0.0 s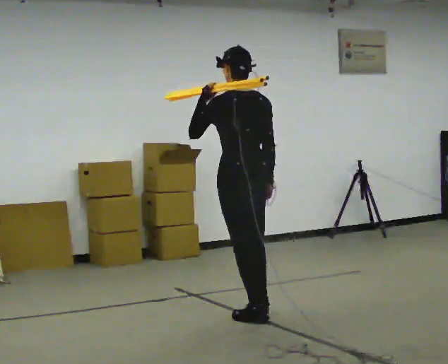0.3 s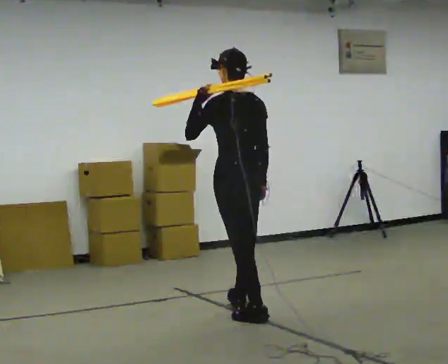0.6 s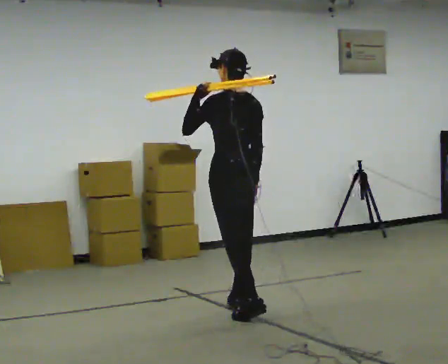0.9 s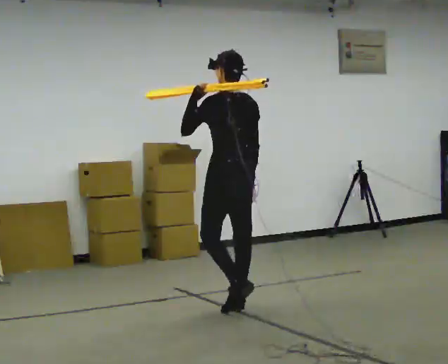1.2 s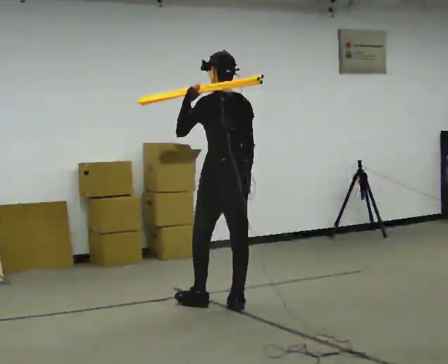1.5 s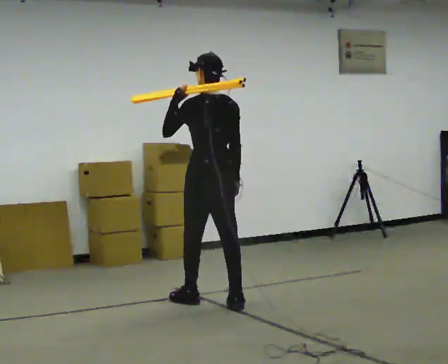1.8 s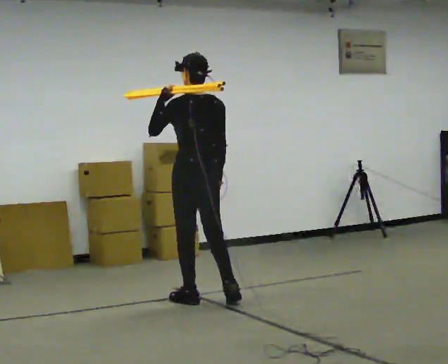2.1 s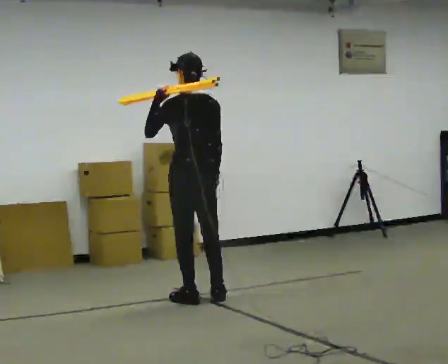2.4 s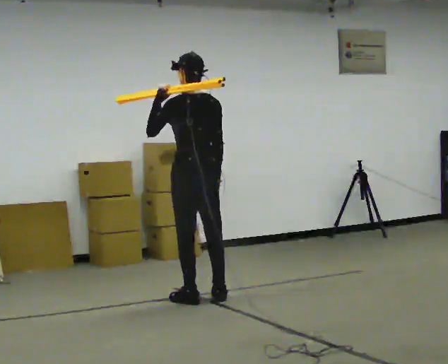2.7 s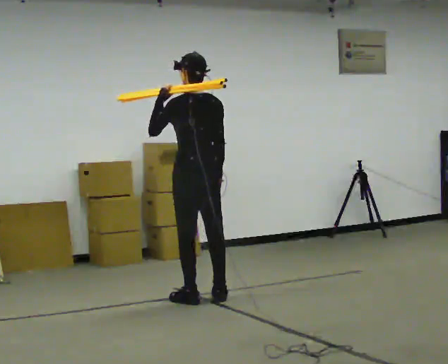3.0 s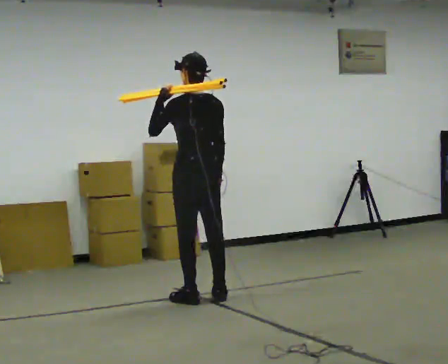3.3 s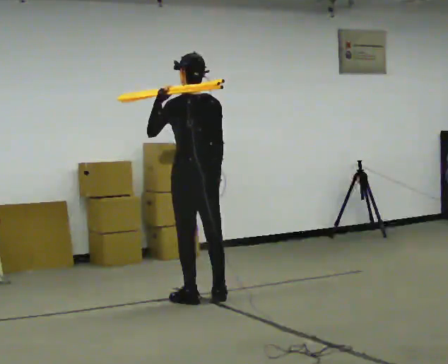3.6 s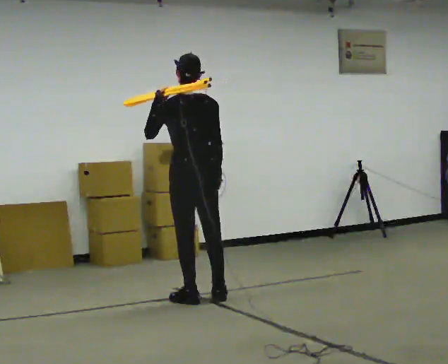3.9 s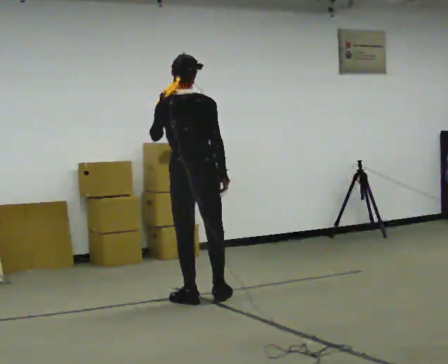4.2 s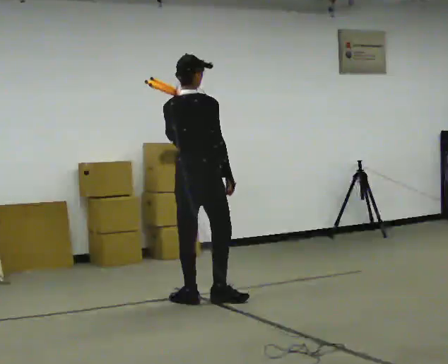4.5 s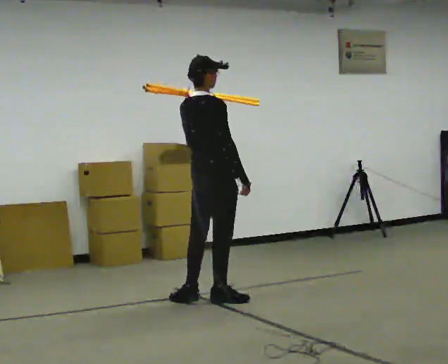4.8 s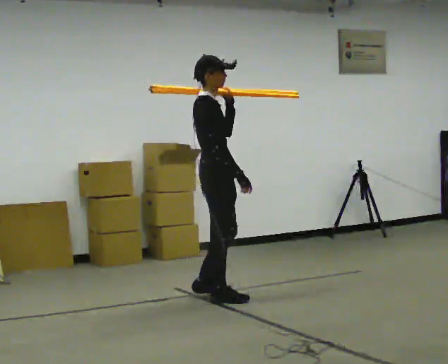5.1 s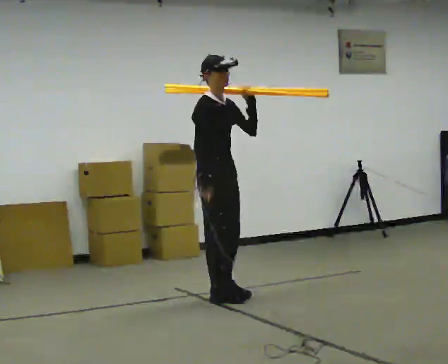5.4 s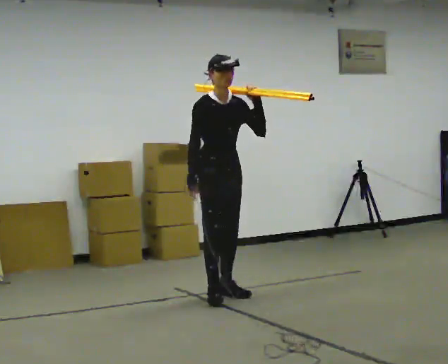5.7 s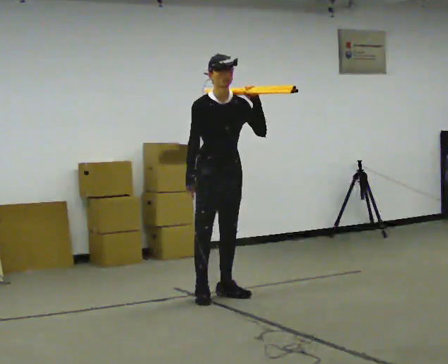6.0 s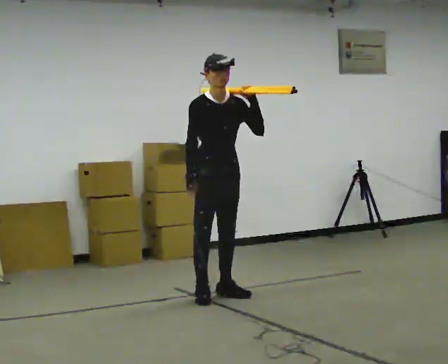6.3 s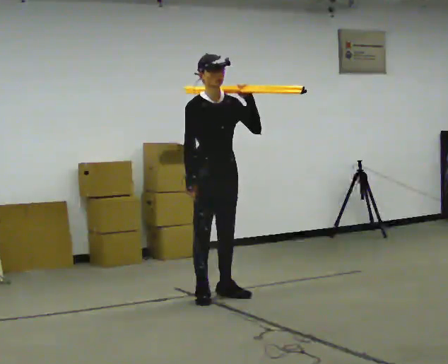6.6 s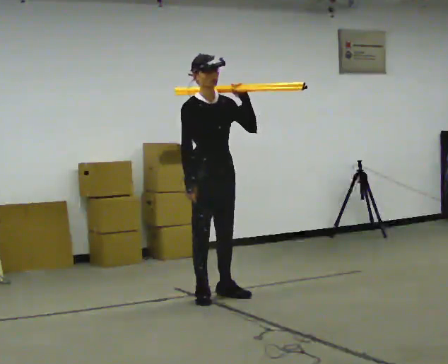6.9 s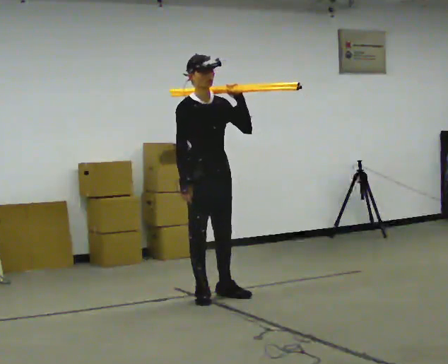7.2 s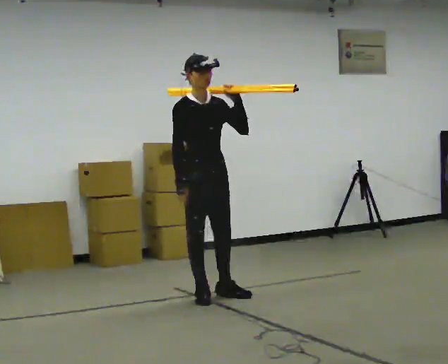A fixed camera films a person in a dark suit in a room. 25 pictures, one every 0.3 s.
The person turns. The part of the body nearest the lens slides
to the left.
The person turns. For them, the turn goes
to their right.
0.0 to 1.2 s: In the picture they go away from the camera, about 0.5 m in 1 step, which for them is forward.
1.2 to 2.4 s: In the picture they go to the left and away from the camera, about 0.25 m in 2 steps, which for them is forward.
2.4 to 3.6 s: The person moves a little, or ends about where they began.
3.6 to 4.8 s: Seen from above the body turns clockwise, about 105 degrees: to their right, with its near side sliding to the left. In the picture their left hand goes to the right.
4.8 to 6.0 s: Seen from above the body turns clockwise, about 60 degrees: to their right, with its near side sliding to the left. In the picture their right hand goes to the left.
6.0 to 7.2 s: The person moves a little, or ends about where they began.
The film runs forward here.
